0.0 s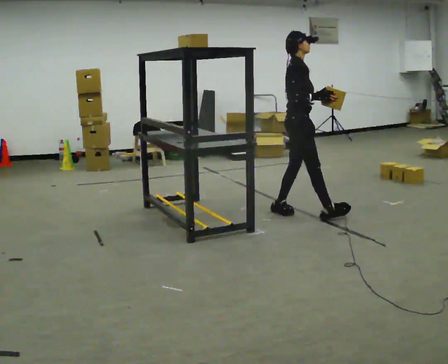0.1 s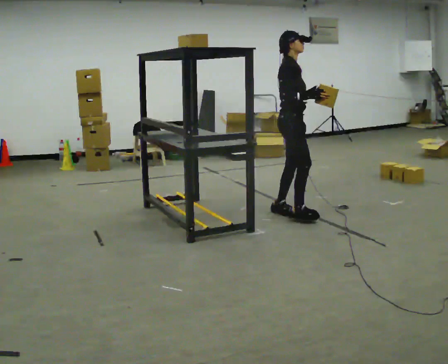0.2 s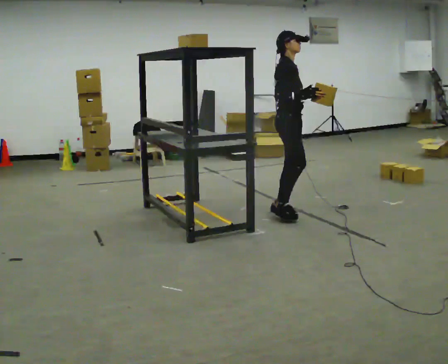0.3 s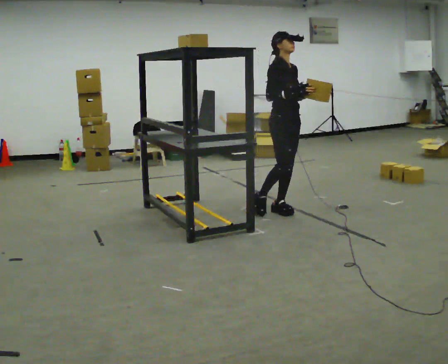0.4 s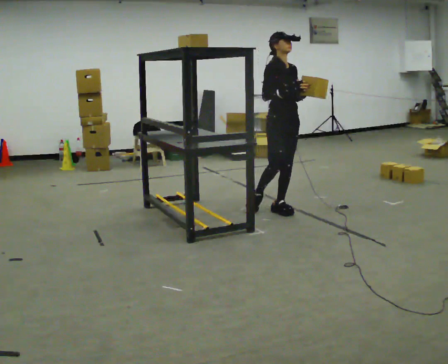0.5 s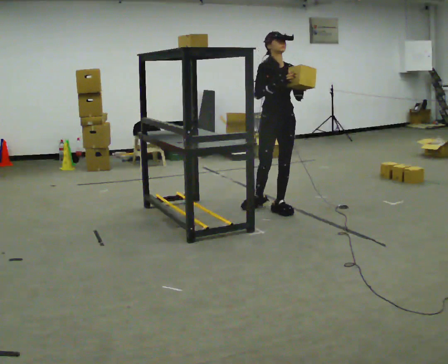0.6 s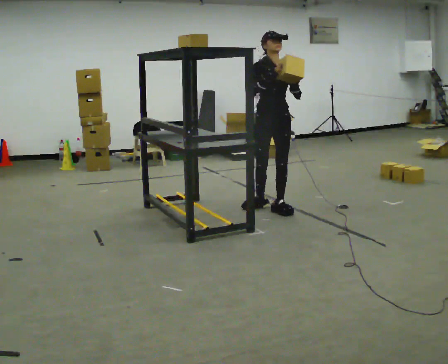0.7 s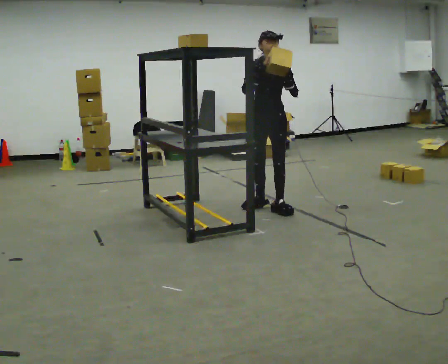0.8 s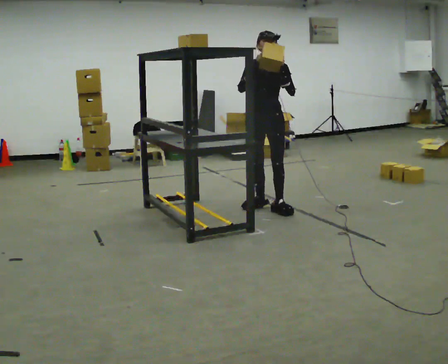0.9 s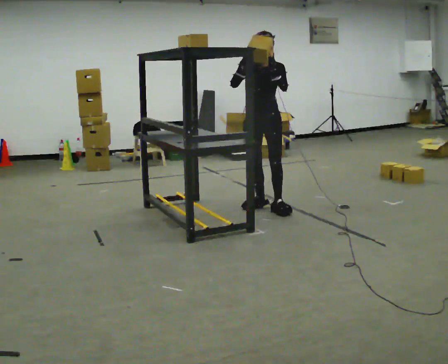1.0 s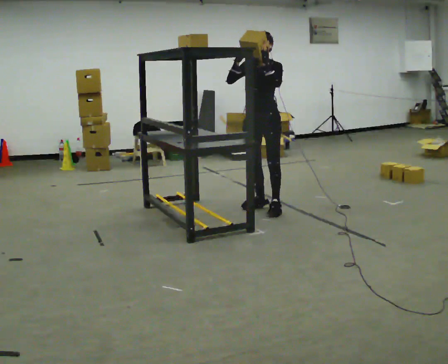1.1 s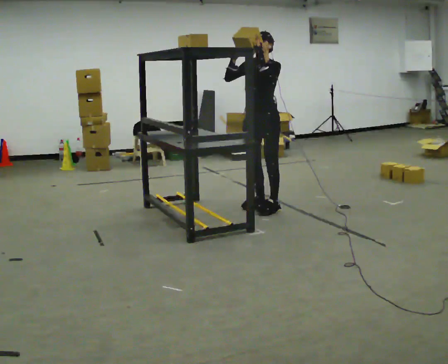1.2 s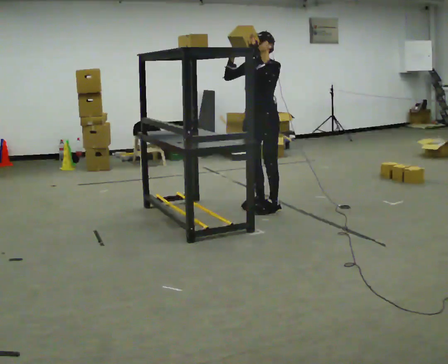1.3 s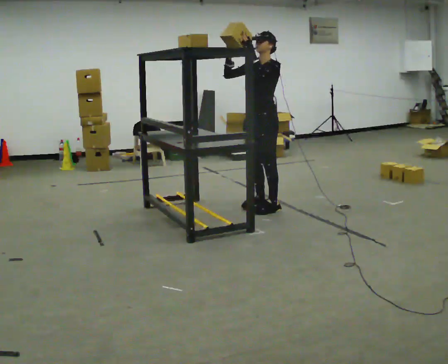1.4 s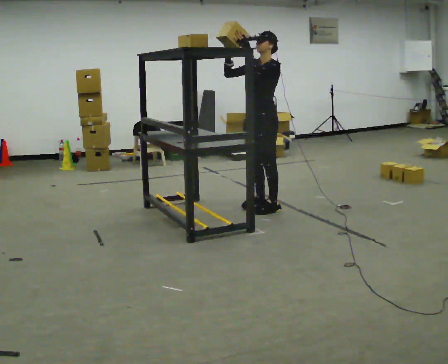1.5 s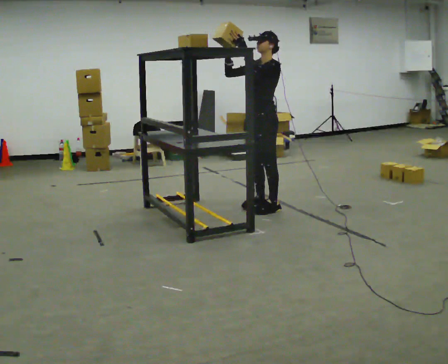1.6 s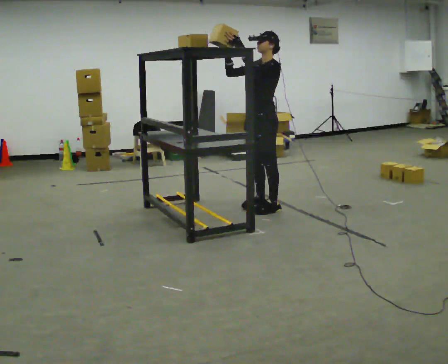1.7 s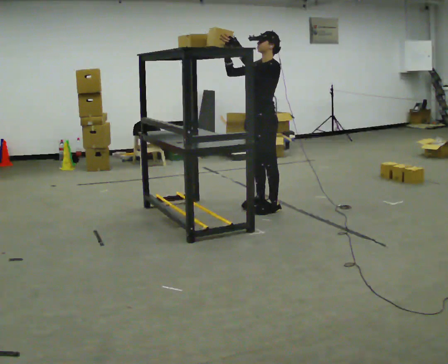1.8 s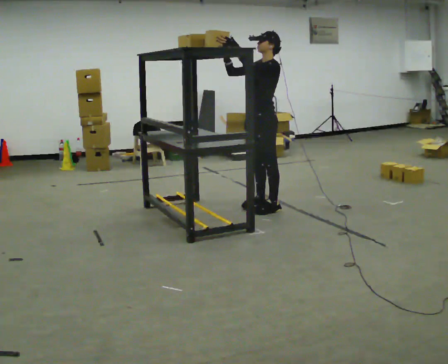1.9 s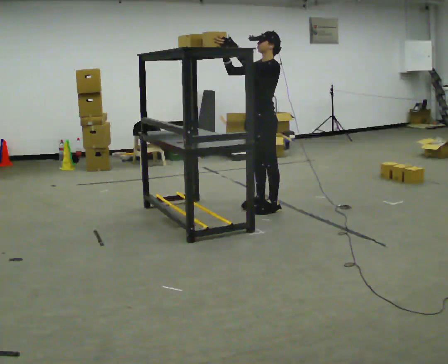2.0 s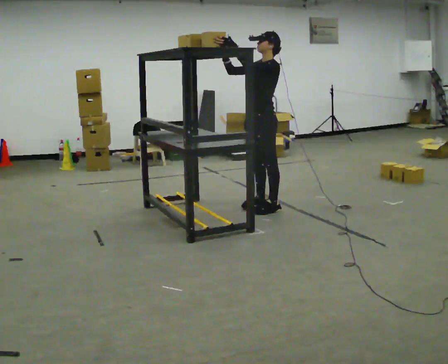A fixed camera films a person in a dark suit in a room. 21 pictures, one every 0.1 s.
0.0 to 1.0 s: The person turns about 105 degrees to their right, clockwise seen from above, so the part of the body nearest the lens slides to the left. In the picture they go to the left and away from the camera, about 0.25 m.
1.0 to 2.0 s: The person turns about 45 degrees to their right, clockwise seen from above, so the part of the body nearest the lens slides to the left.
The film runs backward here.
